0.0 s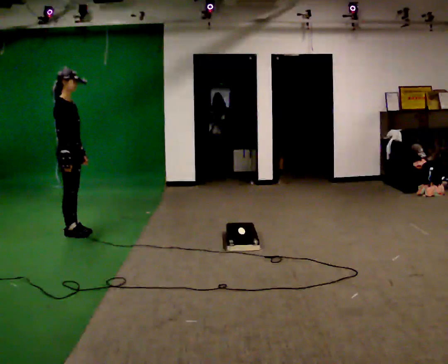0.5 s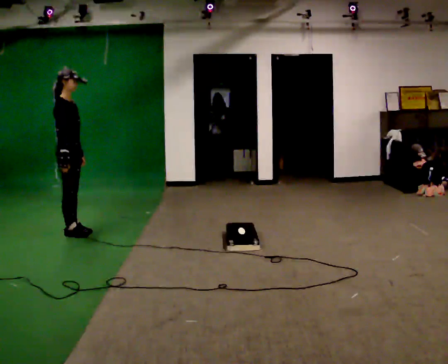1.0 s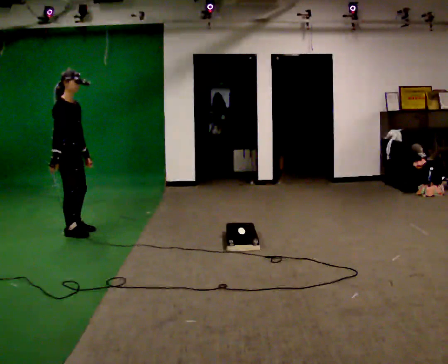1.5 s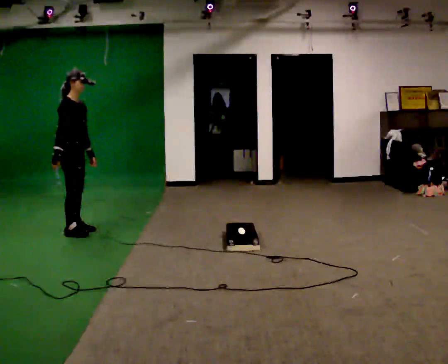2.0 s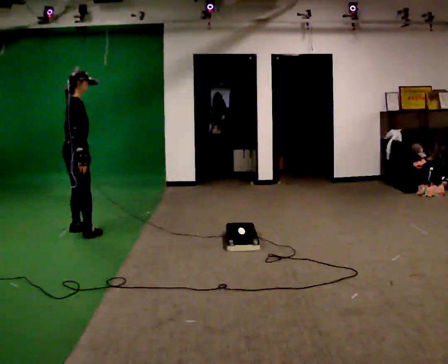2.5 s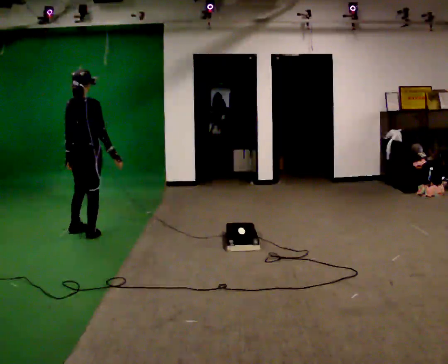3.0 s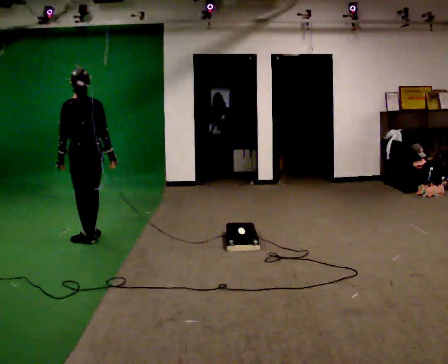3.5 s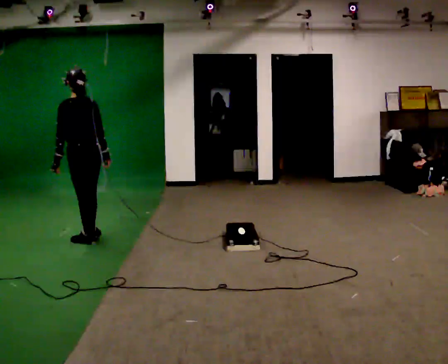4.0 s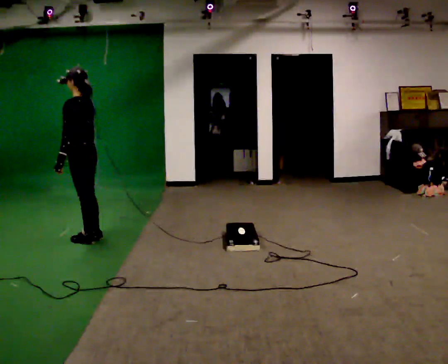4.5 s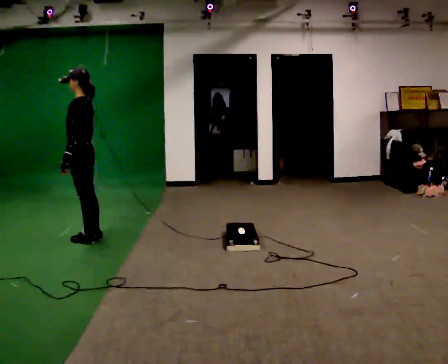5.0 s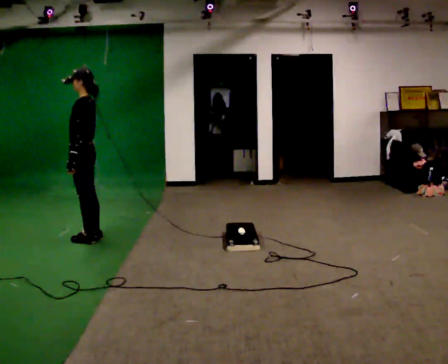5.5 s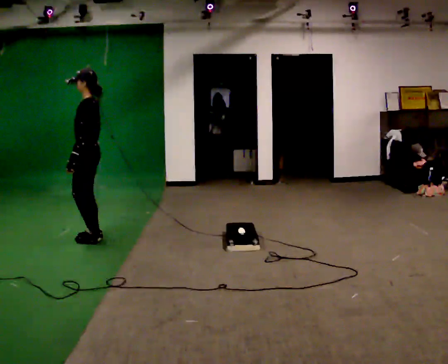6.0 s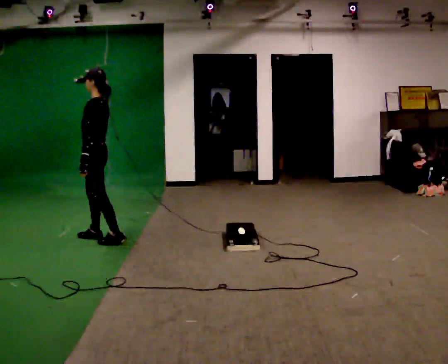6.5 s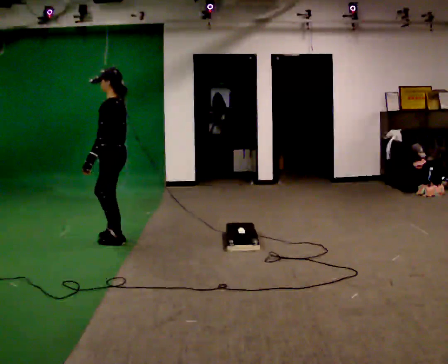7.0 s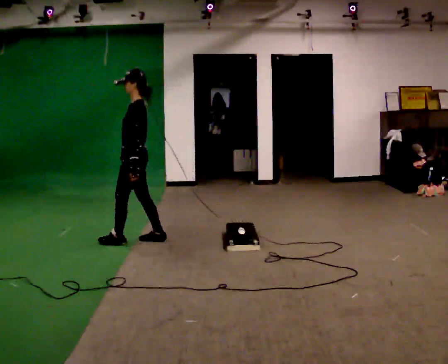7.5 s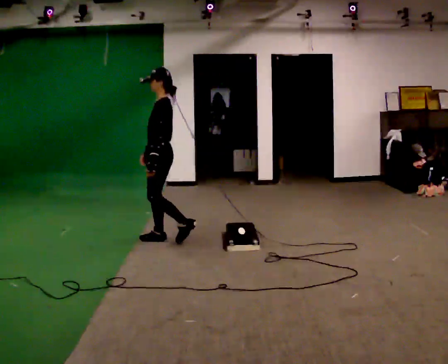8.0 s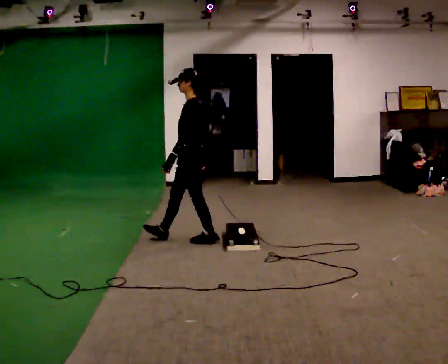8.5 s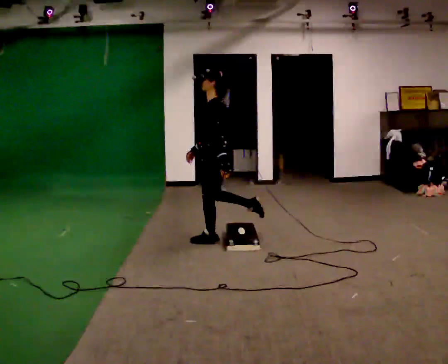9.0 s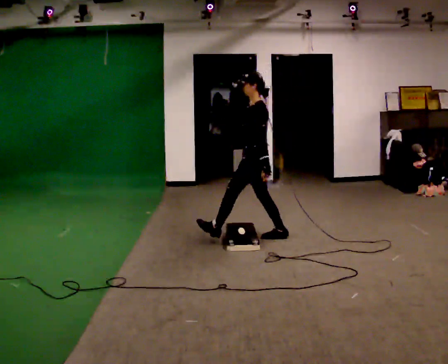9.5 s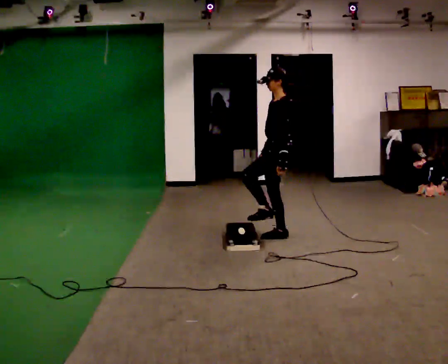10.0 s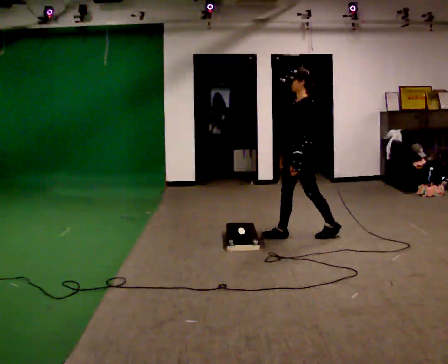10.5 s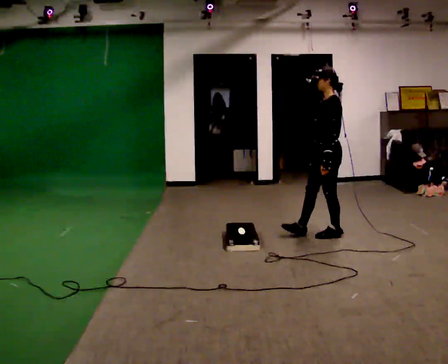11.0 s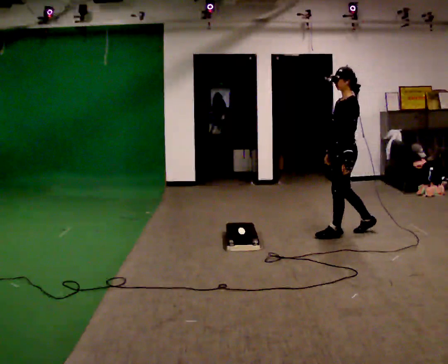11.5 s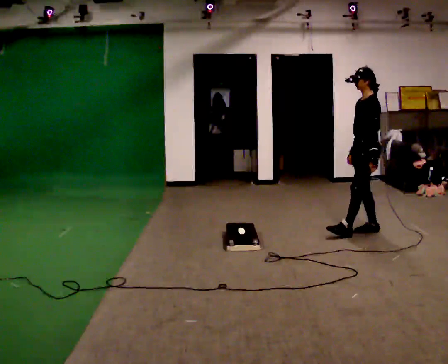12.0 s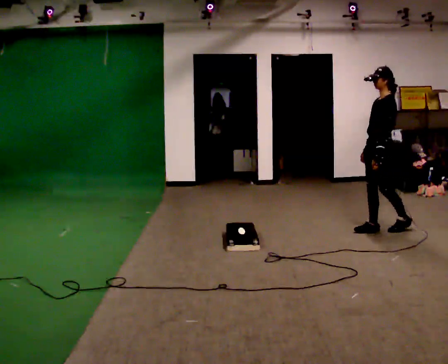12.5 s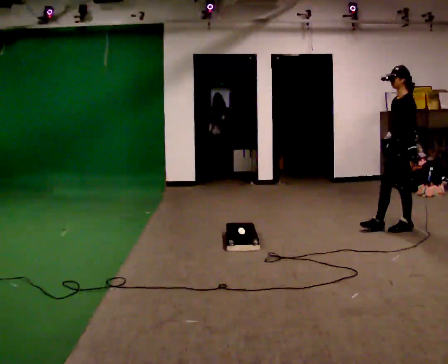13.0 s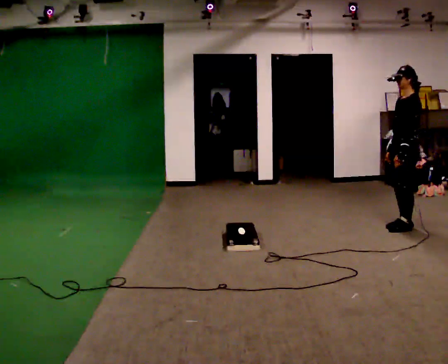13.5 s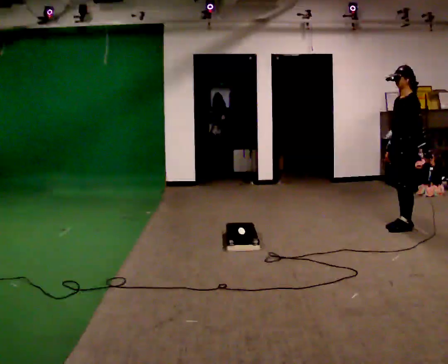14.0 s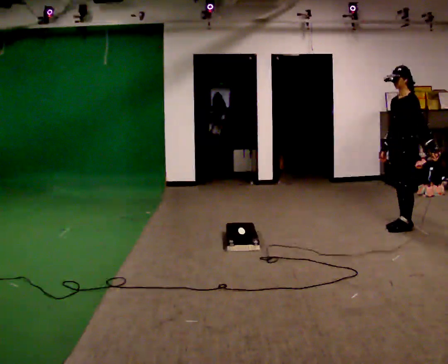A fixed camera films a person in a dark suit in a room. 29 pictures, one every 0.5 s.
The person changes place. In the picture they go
to the right.
0.0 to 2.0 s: The person moves a little, or ends about where they began.
2.0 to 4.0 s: The person turns about 135 degrees to their left, counterclockwise seen from above, so the part of the body nearest the lens slides to the right. In the picture they go toward the camera, about 0.25 m in 1 step.
4.0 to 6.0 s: The person moves a little, or ends about where they began.
6.0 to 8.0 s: In the picture they go to the right, about 1 m in 3 steps, which for them is backward.
8.0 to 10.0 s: In the picture they go to the right, about 1 m in 1 step, which for them is backward.
10.0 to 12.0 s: In the picture they go to the right, about 1 m in 2 steps, which for them is backward.
12.0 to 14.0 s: In the picture they go to the right, about 0.25 m in 1 step, which for them is backward.
The film runs backward here.
